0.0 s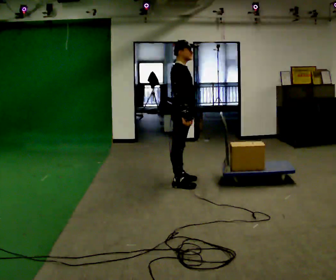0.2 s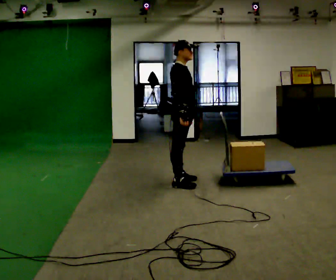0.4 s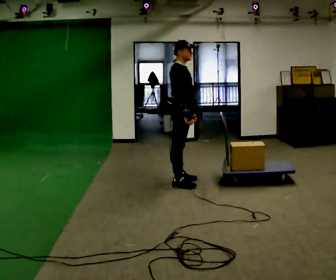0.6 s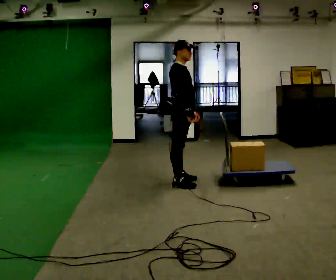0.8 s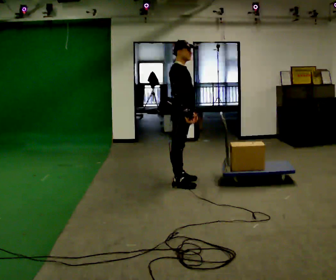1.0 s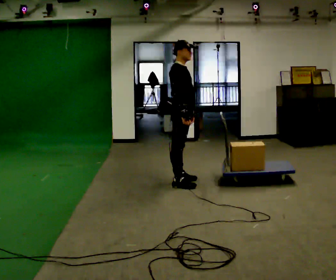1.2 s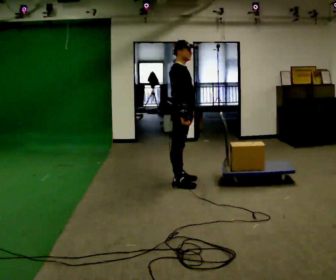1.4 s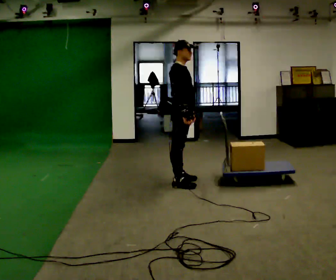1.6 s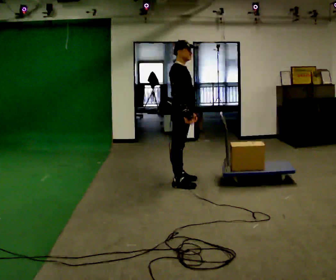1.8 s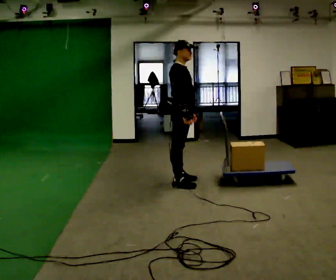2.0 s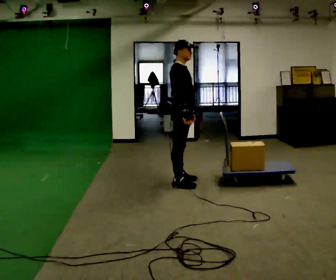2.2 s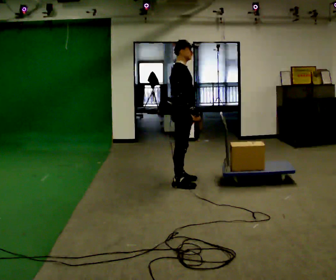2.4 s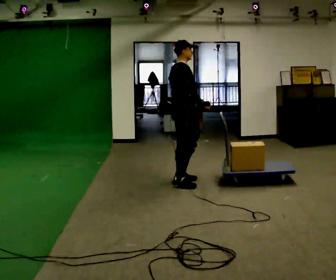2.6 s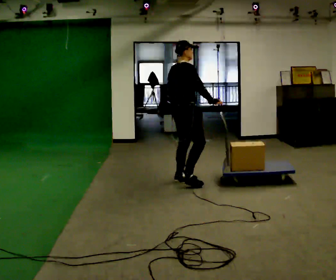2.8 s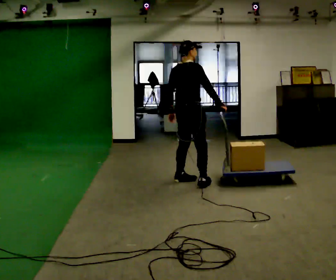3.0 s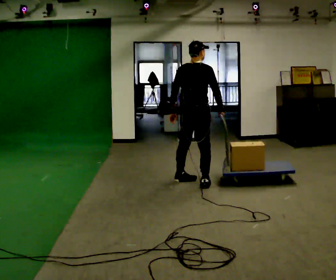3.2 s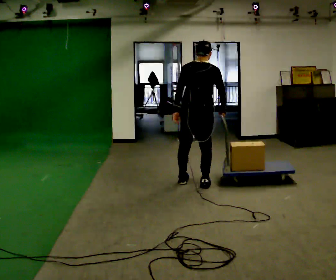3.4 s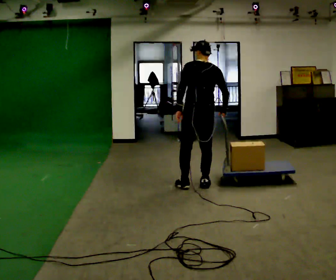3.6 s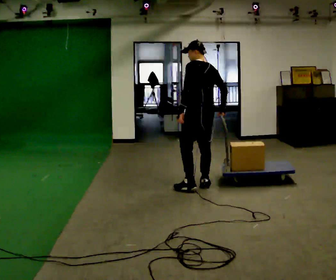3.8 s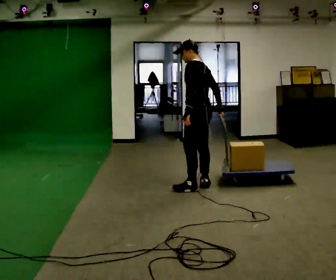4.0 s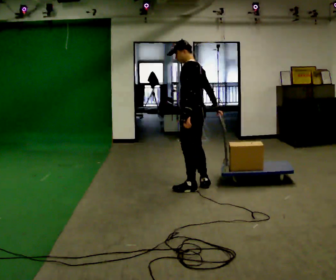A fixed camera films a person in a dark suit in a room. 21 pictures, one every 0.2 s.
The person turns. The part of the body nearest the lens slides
to the right.
The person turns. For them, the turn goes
to their left.
0.0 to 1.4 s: The person moves a little, or ends about where they began.
1.4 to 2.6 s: The person turns about 30 degrees to their left, counterclockwise seen from above, so the part of the body nearest the lens slides to the right. In the picture their right hand goes to the right.
2.6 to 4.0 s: The person turns about 135 degrees to their left, counterclockwise seen from above, so the part of the body nearest the lens slides to the right. In the picture they go toward the camera and to the right, about 0.25 m in 2 steps.
The film runs forward here.
